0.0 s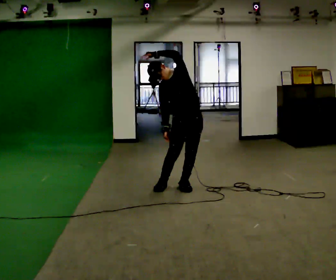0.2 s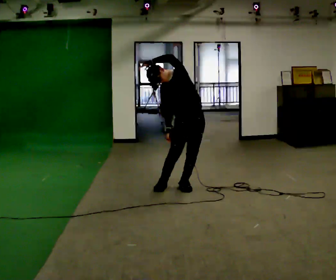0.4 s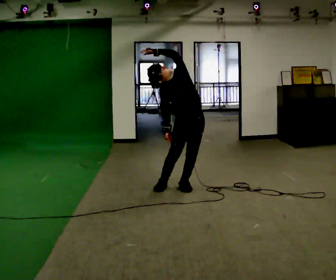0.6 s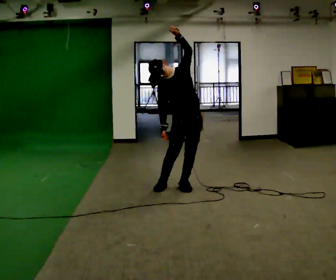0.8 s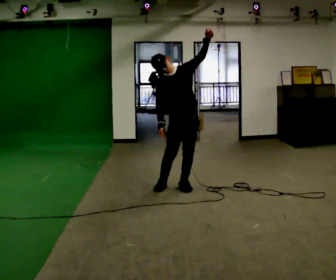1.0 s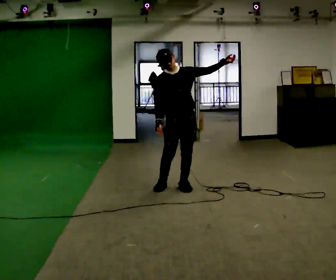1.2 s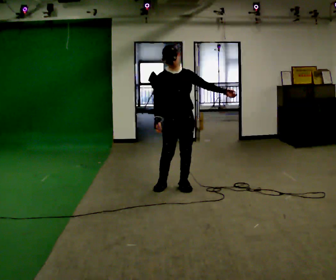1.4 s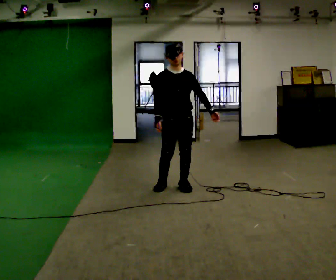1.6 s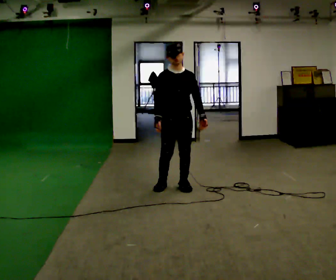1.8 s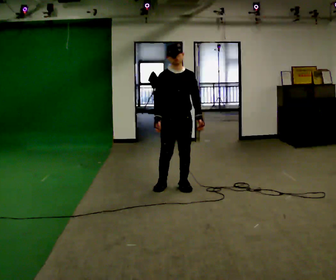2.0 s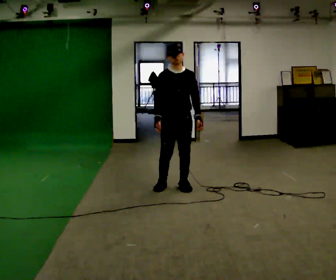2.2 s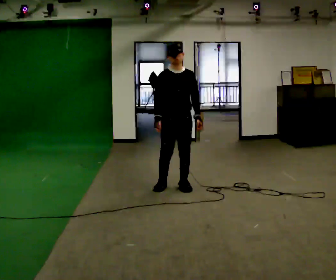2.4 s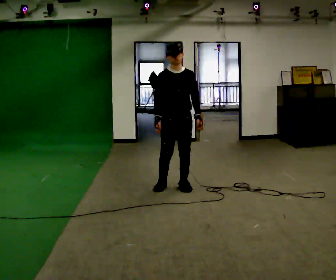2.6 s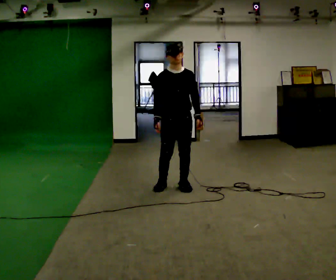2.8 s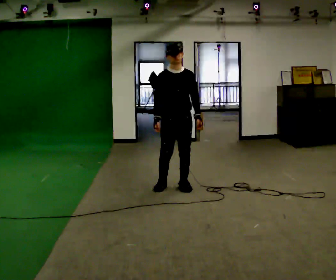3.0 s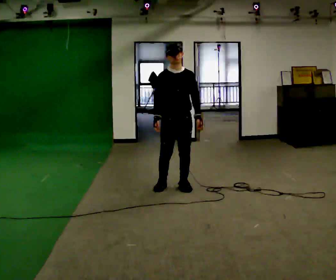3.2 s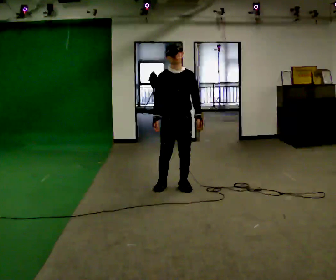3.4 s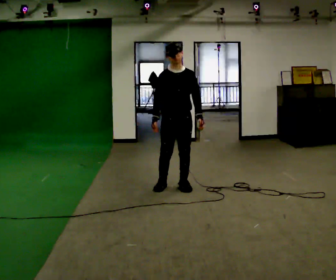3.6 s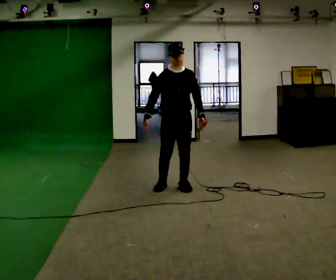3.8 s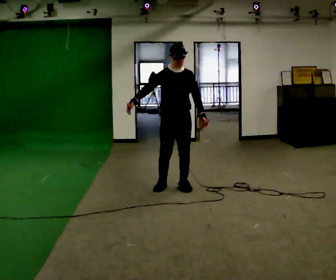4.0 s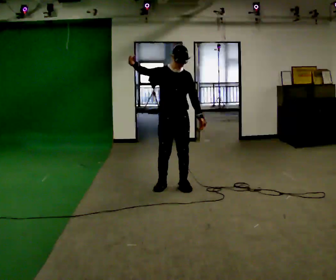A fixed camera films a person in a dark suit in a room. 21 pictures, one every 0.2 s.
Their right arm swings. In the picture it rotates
clockwise.
Their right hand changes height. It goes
upward.
0.0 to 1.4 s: In the picture the upper body tilts clockwise, shoulders to the right. In the picture their left hand goes downward and to the right, the arm swinging clockwise.
1.4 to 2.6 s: The person moves a little, or ends about where they began.
2.6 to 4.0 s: In the picture their right hand goes upward, the arm swinging clockwise.
The film runs backward here.
